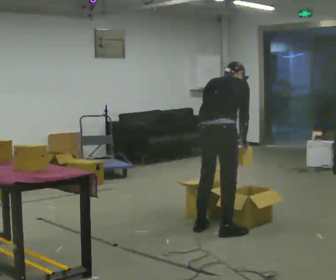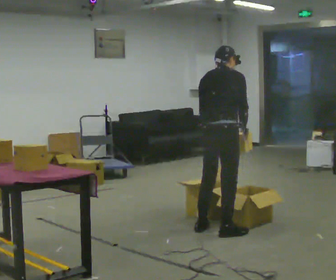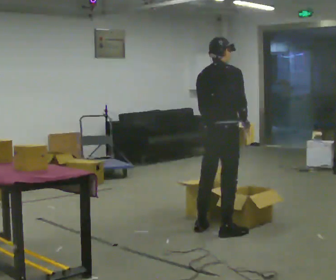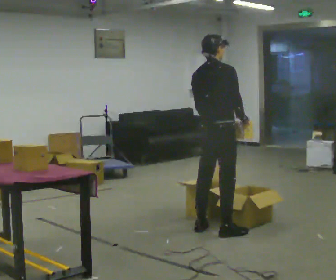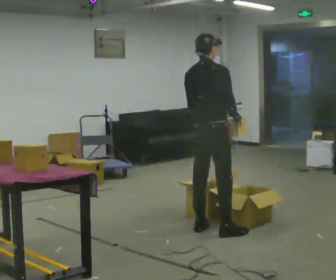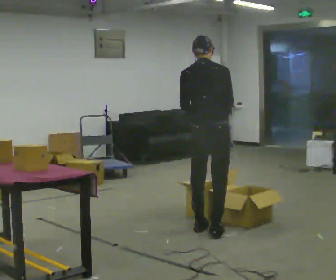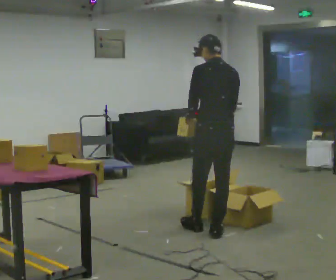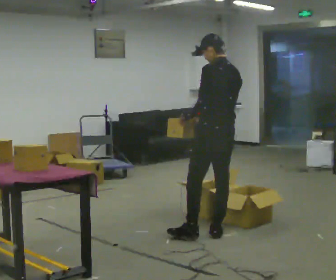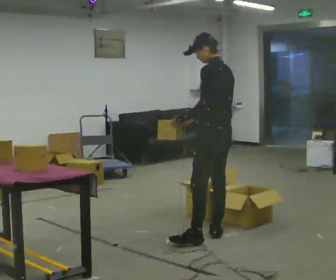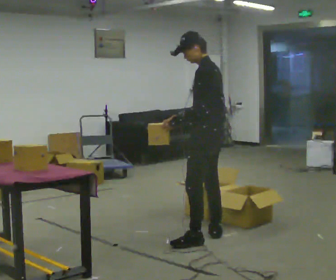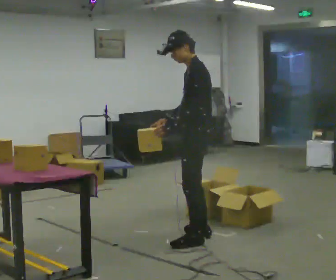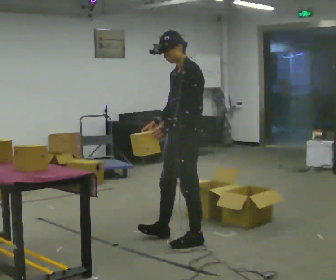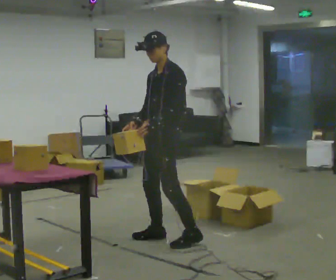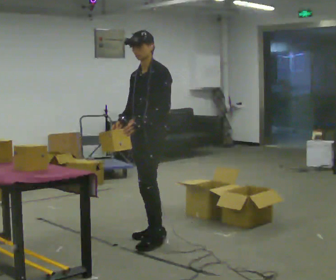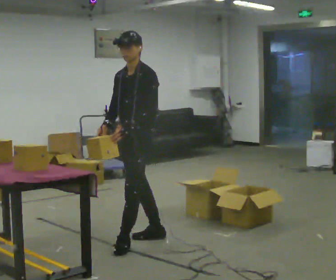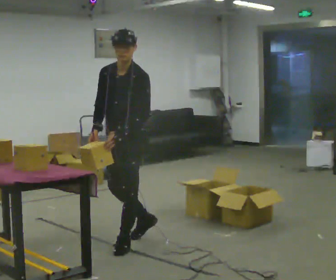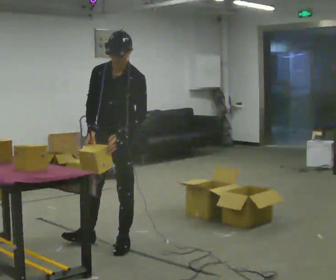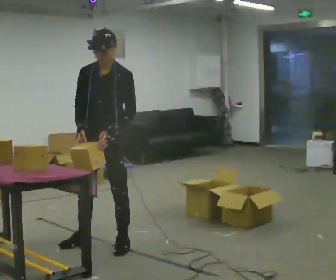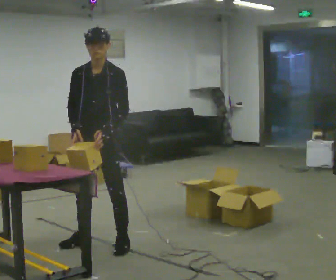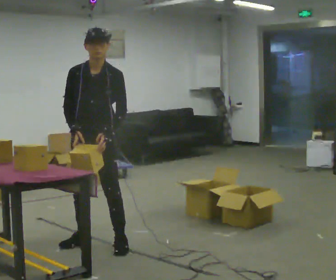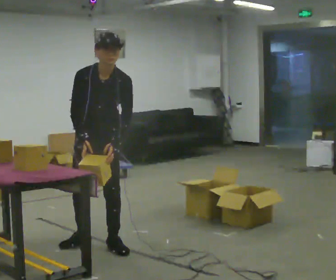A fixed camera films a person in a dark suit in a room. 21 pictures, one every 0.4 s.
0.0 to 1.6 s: The upper body tips toward the camera, its near side rolling downward, as they lean back or straighten.
1.6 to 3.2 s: The part of the body nearest the lens slides to the right as the person turns to their left by about 90 degrees. In the picture they go toward the camera, about 0.25 m in 1 step. In the picture their right hand goes to the left, the arm swinging clockwise.
3.2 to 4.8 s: The person turns about 60 degrees to their left, counterclockwise seen from above, so the part of the body nearest the lens slides to the right. In the picture they go to the left, about 0.5 m in 1 step.
4.8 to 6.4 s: Seen from above the body turns counterclockwise, about 30 degrees: to their left, with its near side sliding to the right. In the picture they go to the left and toward the camera, about 0.5 m in 1 step, which for them is forward.
6.4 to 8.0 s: The person turns about 30 degrees to their left, counterclockwise seen from above, so the part of the body nearest the lens slides to the right.
The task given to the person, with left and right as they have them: 1. Look at the shelf and see which spaces are empty. 2. Find matching items in the bins on the floor. 3. Fill the empty spaces on the shelf. 4. Tell the operator when you are finished.
The film runs forward here.
